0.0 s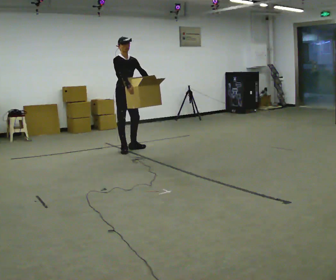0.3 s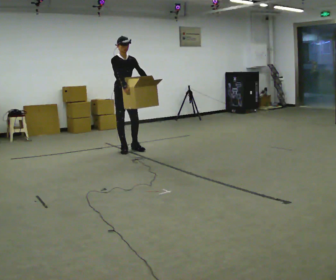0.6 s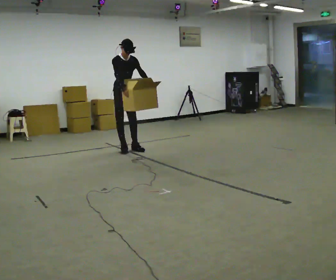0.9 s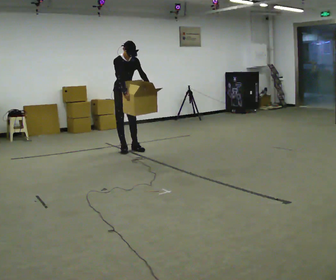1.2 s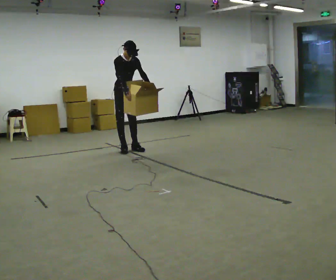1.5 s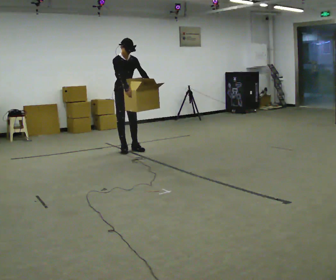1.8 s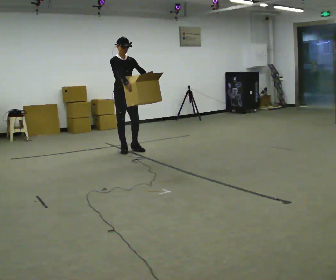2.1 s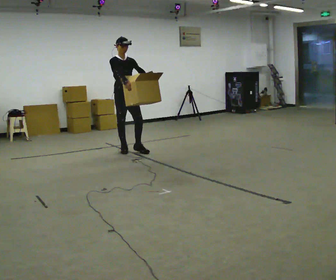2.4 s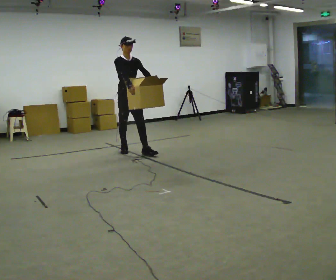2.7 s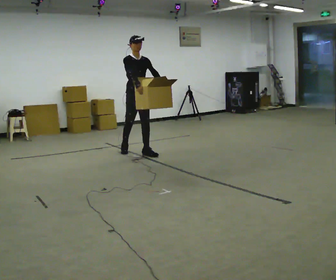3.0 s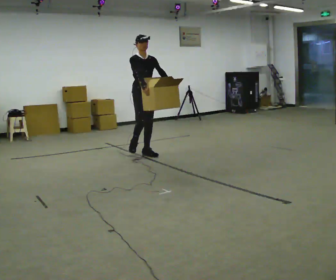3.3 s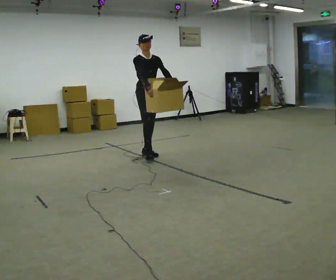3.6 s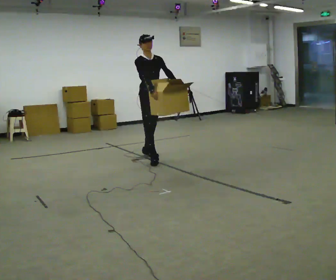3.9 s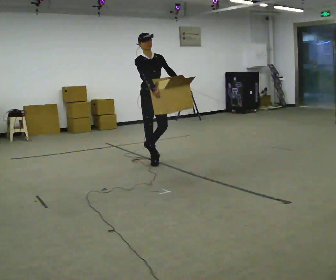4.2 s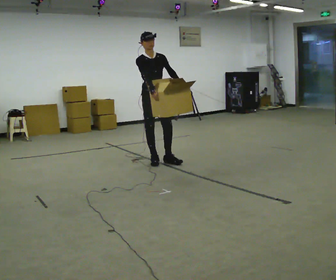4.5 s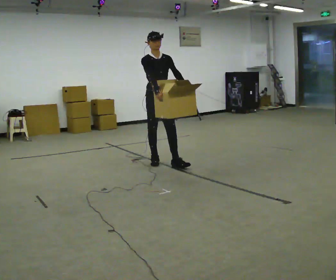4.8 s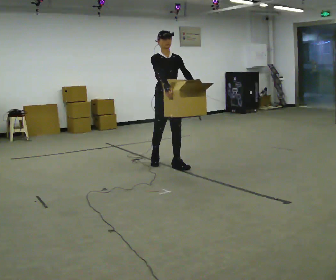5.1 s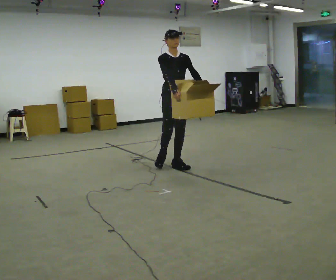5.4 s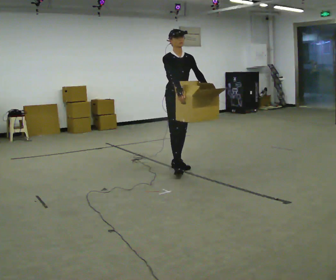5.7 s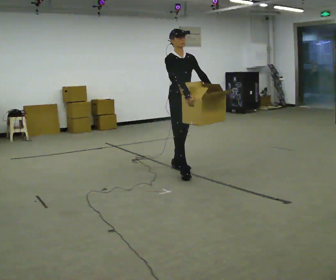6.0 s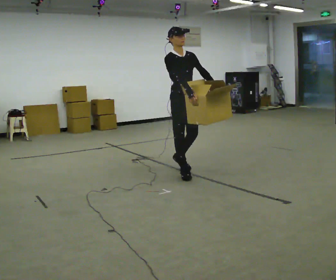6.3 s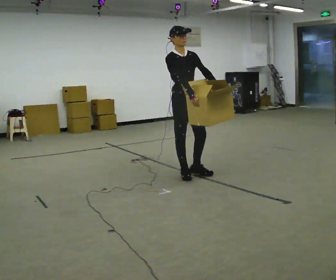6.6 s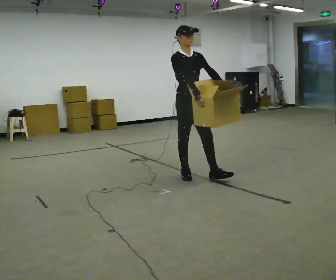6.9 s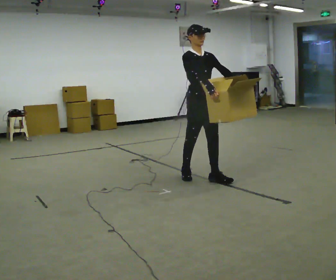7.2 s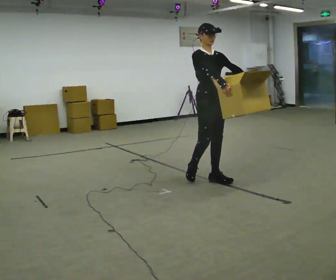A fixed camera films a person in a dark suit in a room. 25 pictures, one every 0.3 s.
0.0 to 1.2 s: The person moves a little, or ends about where they began.
1.2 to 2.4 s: In the picture they go toward the camera, about 0.25 m in 1 step, which for them is forward.
2.4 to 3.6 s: In the picture they go toward the camera and to the right, about 0.5 m in 1 step, which for them is forward.
3.6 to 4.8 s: In the picture they go toward the camera and to the right, about 0.5 m in 1 step, which for them is forward.
4.8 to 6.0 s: In the picture they go toward the camera, about 0.5 m in 1 step, which for them is forward.
6.0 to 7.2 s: In the picture they go toward the camera and to the right, about 0.5 m in 1 step, which for them is forward.
The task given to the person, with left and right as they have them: Carry the object across the room. The lid hangs loose and will swing, so carry it however works. Keep going until the operator says stop; one object at a time, and do not rush between trips.
The film runs forward here.
